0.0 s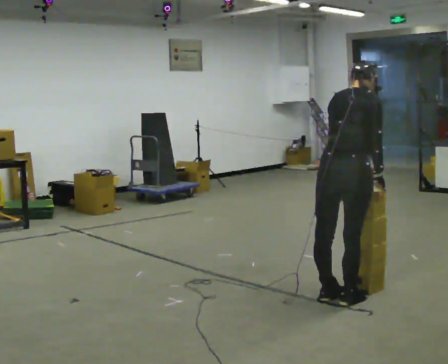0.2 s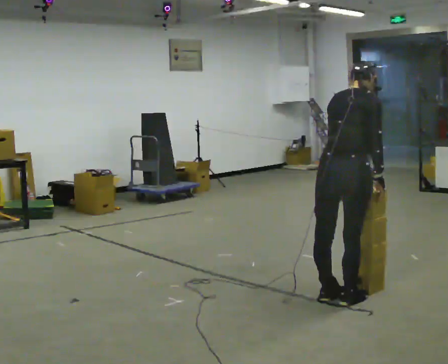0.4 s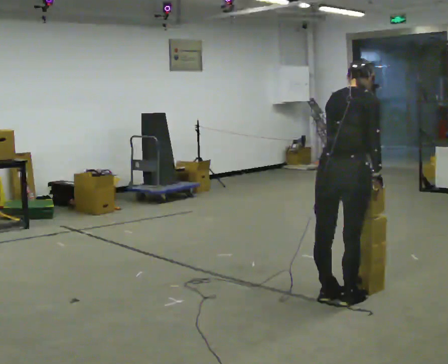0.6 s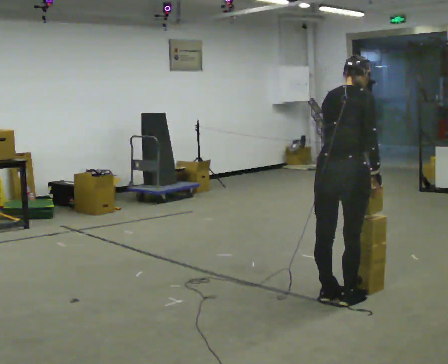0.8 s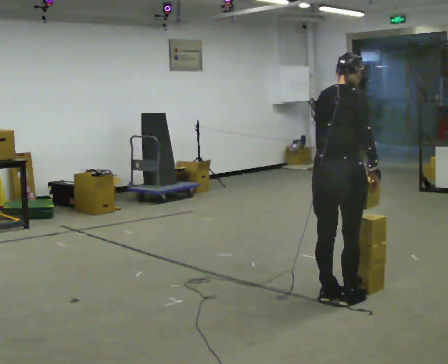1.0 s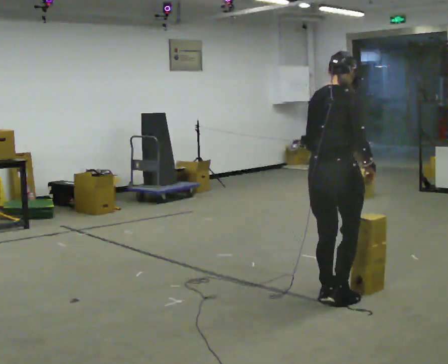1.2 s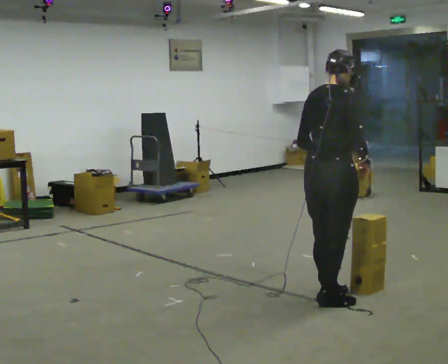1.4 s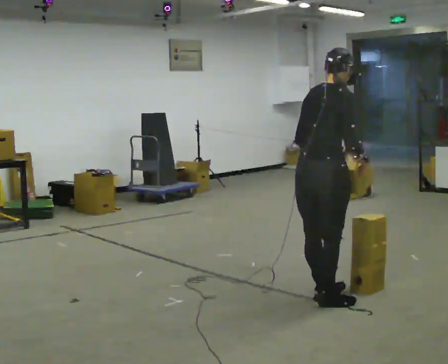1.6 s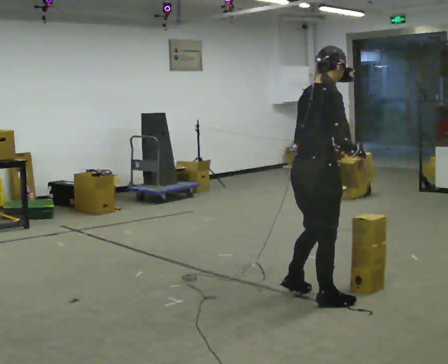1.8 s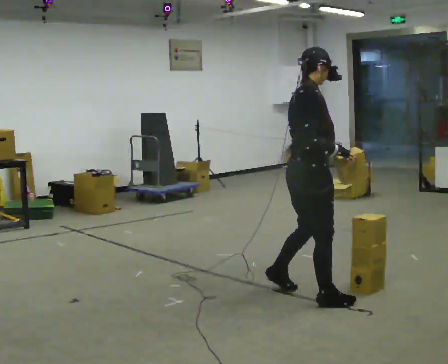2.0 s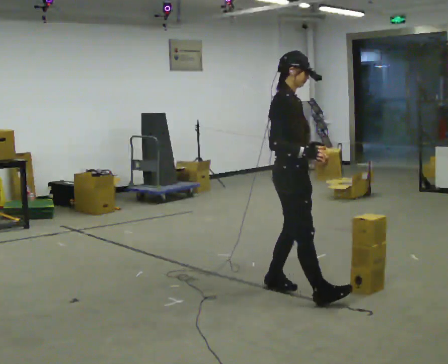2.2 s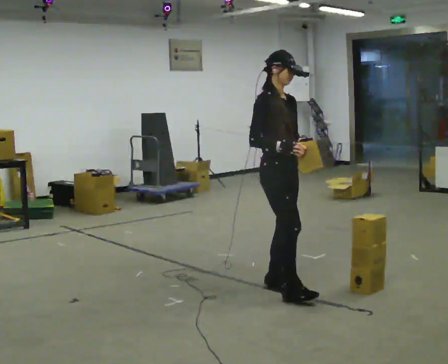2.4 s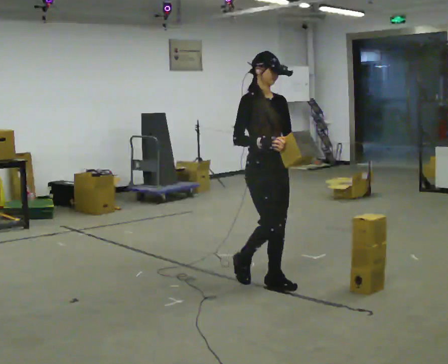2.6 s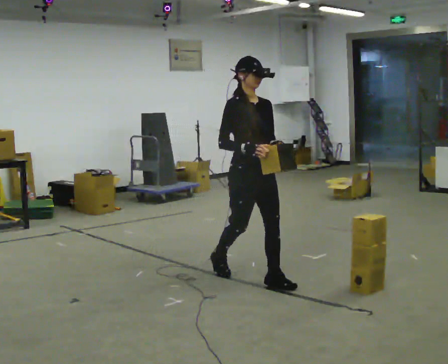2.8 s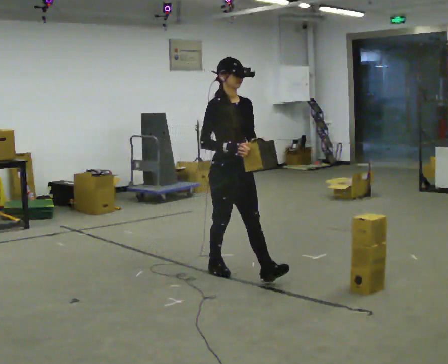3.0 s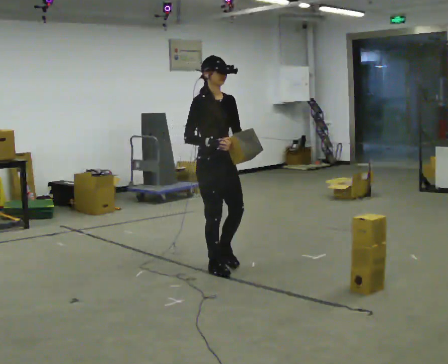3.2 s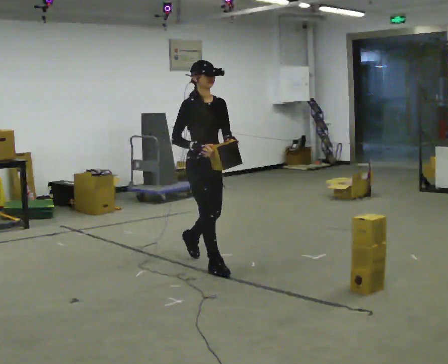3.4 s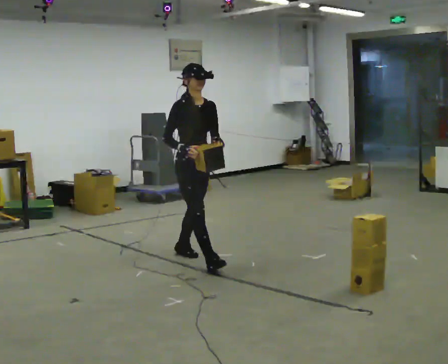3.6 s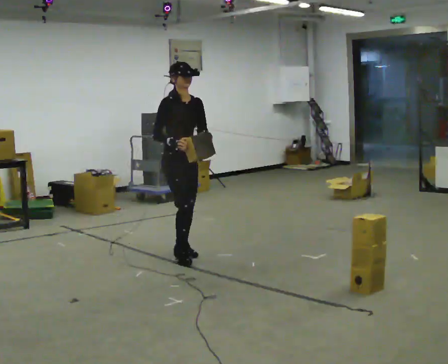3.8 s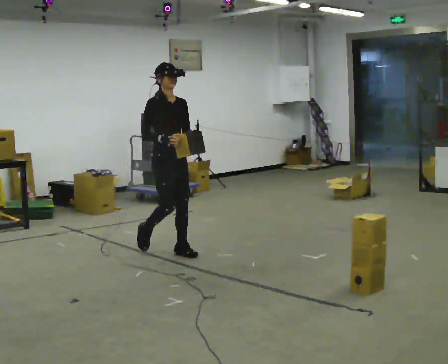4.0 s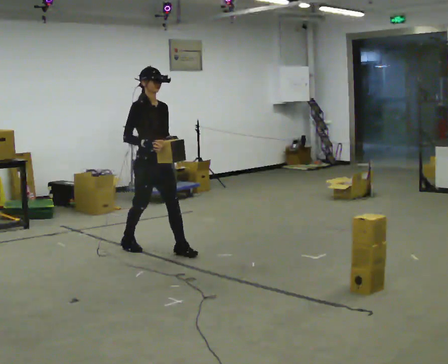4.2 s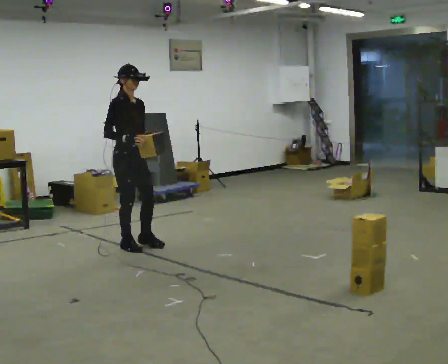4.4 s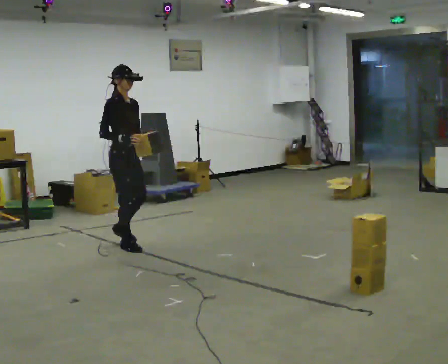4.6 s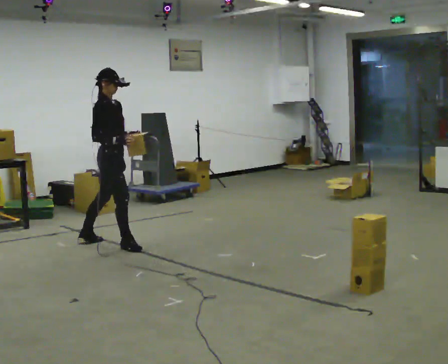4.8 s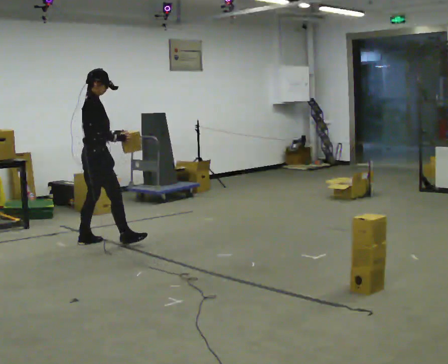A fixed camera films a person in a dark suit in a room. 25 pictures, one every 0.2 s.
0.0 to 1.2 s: The person moves a little, or ends about where they began.
1.2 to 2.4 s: Seen from above the body turns clockwise, about 105 degrees: to their right, with its near side sliding to the left. In the picture they go away from the camera and to the left, about 0.5 m in 2 steps.
2.4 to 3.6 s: In the picture they go away from the camera and to the left, about 1 m in 2 steps, which for them is backward.
3.6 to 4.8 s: The person turns about 60 degrees to their left, counterclockwise seen from above, so the part of the body nearest the lens slides to the right. In the picture they go to the left and away from the camera, about 1 m in 1 step, which for them is backward.
The film runs backward here.
